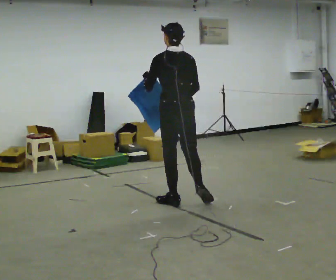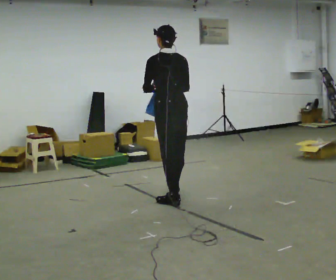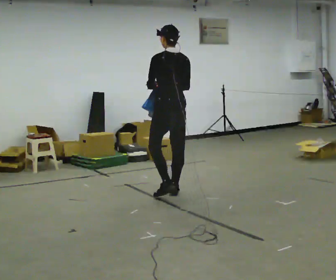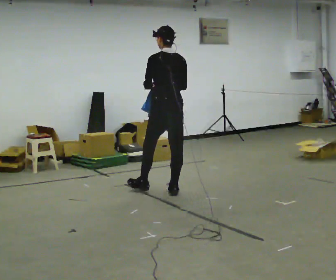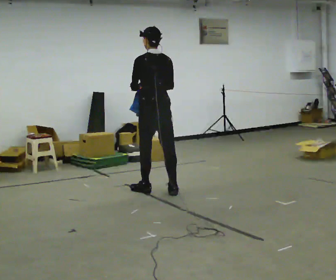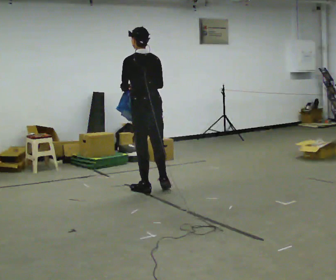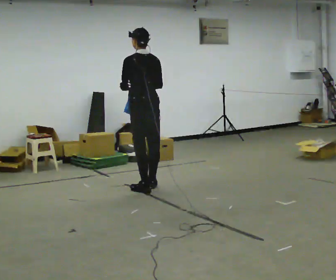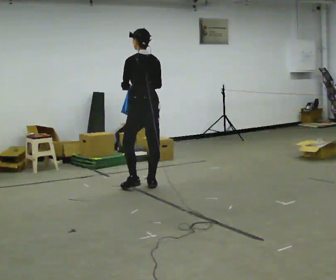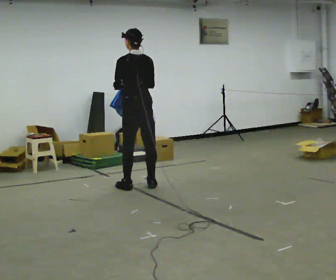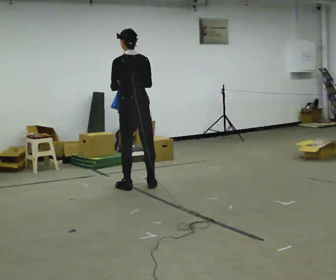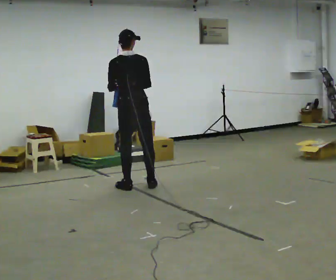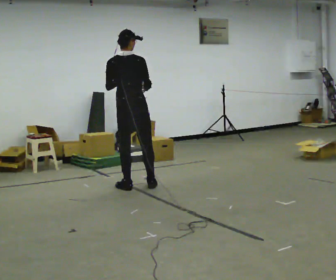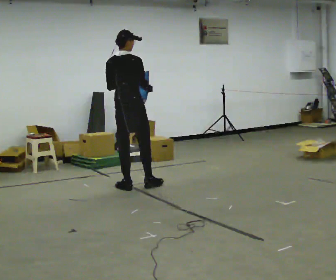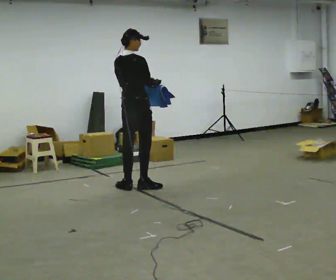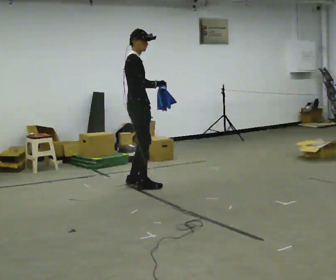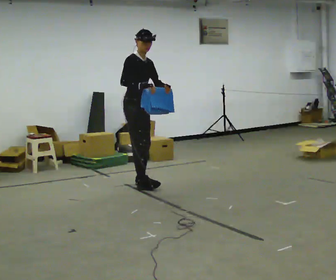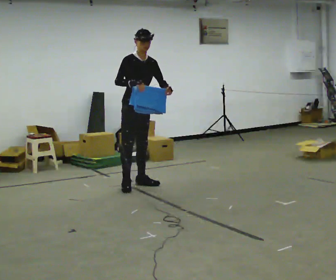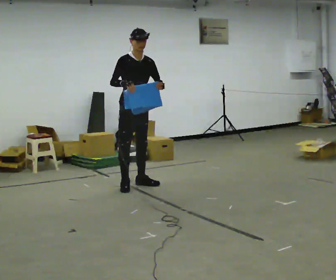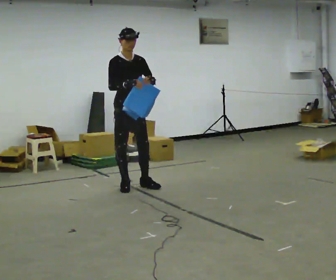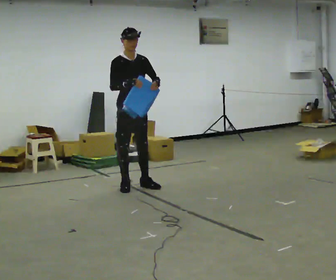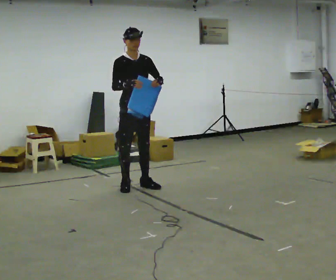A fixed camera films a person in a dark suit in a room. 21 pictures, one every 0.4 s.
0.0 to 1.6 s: In the picture they go away from the camera, about 0.5 m in 2 steps, which for them is forward.
1.6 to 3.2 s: In the picture they go away from the camera and to the left, about 0.25 m in 2 steps, which for them is forward.
3.2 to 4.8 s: The person turns about 45 degrees to their right, clockwise seen from above, so the part of the body nearest the lens slides to the left.
4.8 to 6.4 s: The part of the body nearest the lens slides to the left as the person turns to their right by about 120 degrees. In the picture they go away from the camera, about 0.25 m in 1 step. In the picture the upper body tilts clockwise, shoulders to the right.
6.4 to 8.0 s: In the picture they go toward the camera, about 0.25 m in 1 step, which for them is forward.
The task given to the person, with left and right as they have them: Carry the cloth and, while walking, fold it in half, then unfold it. Keep repeating as you walk. Do not stop.
The film runs forward here.
